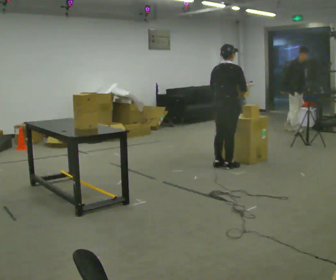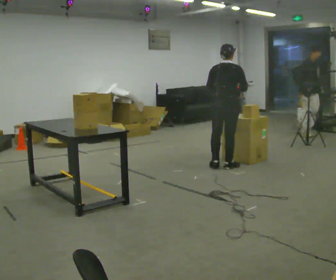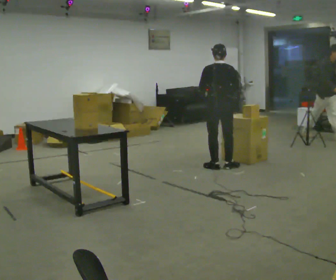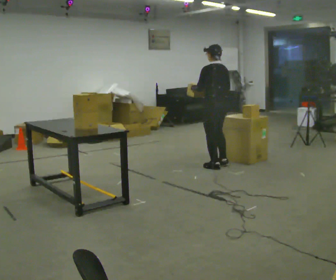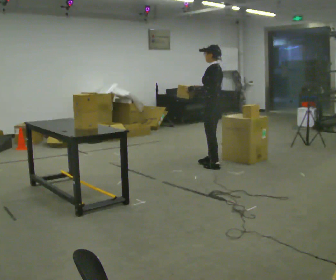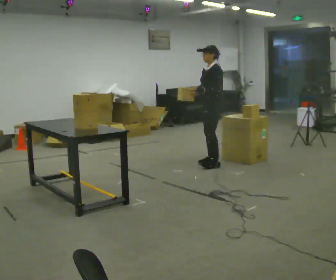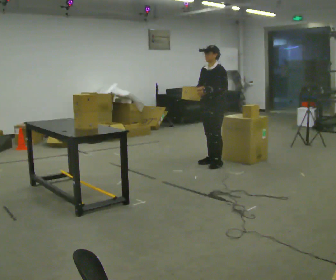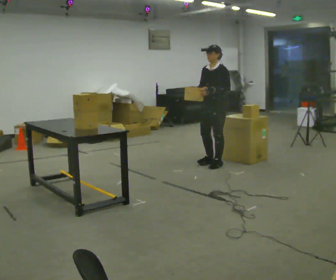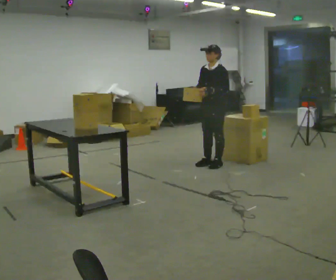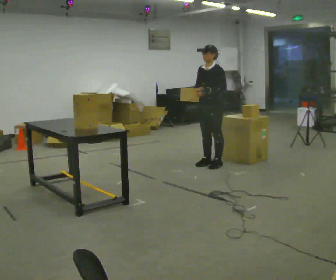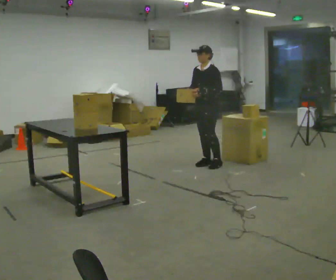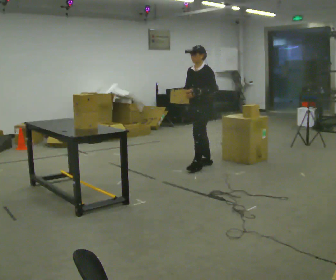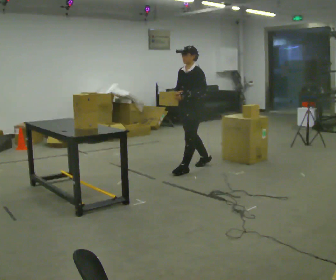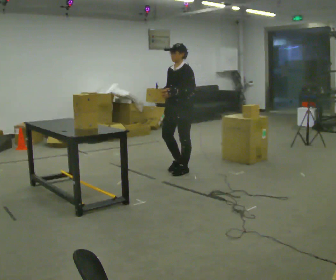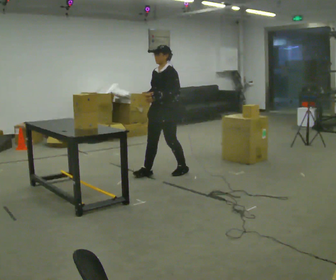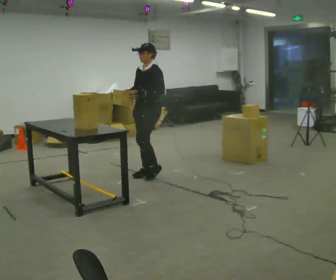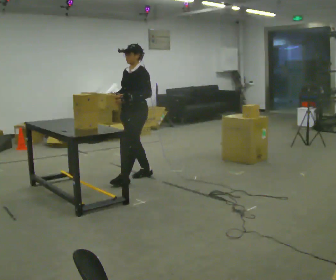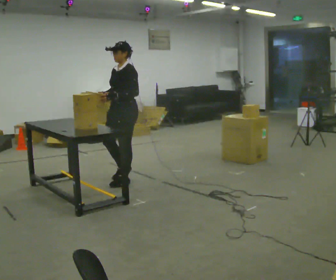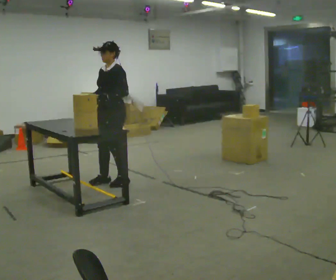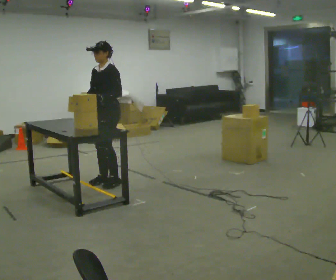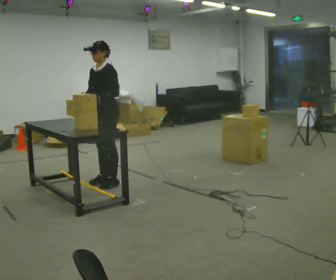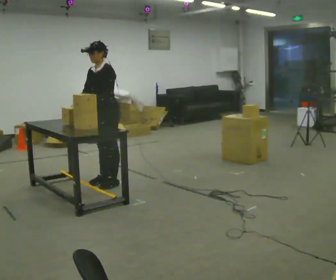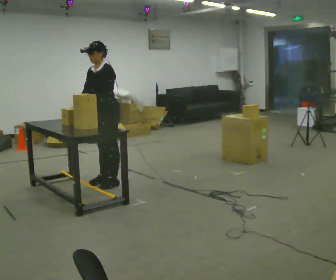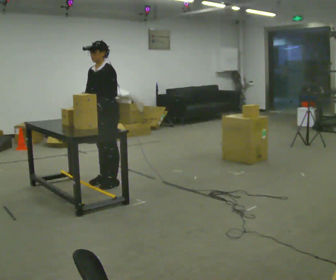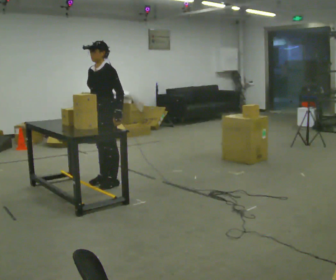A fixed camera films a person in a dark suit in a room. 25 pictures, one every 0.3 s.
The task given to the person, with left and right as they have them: Move objects one at a time from the waist-height shelf at one end of the room to the waist-height shelf at the other end. Keep going until the operator says stop; one object at a time, and do not rush between trips.
0.0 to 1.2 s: The person turns about 105 degrees to their left, counterclockwise seen from above, so the part of the body nearest the lens slides to the right. In the picture they go to the left, about 0.25 m in 1 step. In the picture their left hand goes to the left.
1.2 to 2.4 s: The part of the body nearest the lens slides to the right as the person turns to their left by about 60 degrees.
2.4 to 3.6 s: In the picture they go to the left and toward the camera, about 0.25 m in 1 step, which for them is forward.
3.6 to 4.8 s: In the picture they go to the left and toward the camera, about 1 m in 2 steps, which for them is forward.
4.8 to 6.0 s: In the picture they go to the left and toward the camera, about 0.25 m in 1 step, which for them is forward.
6.0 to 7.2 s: The person moves a little, or ends about where they began.
The film runs forward here.
